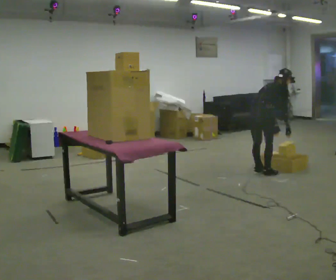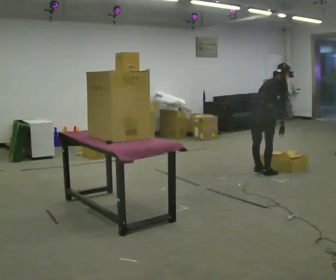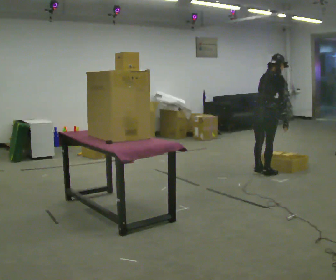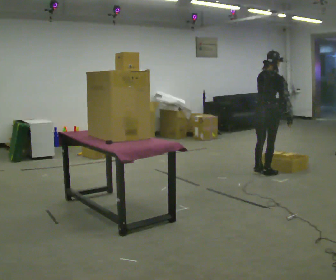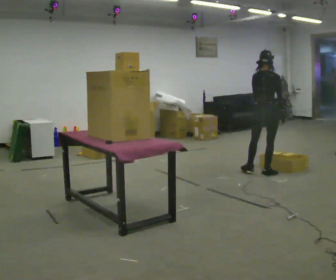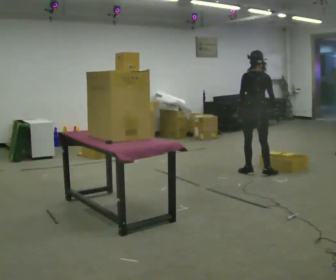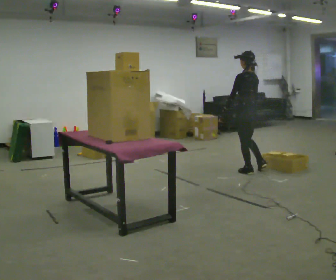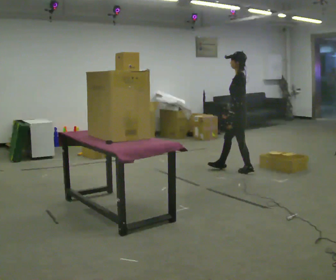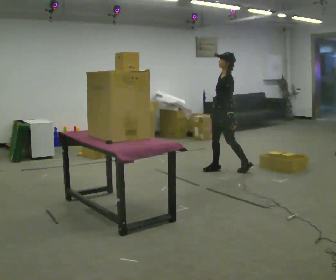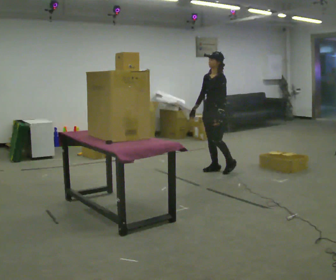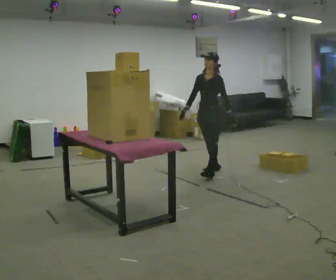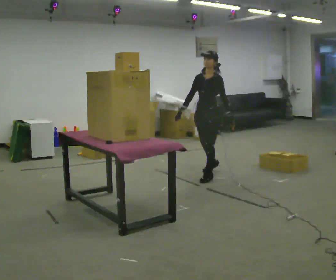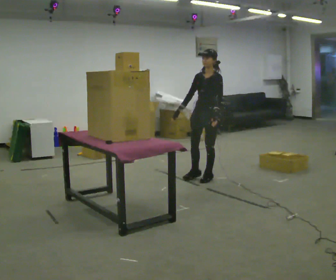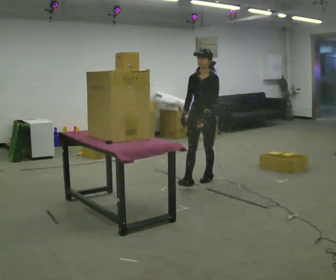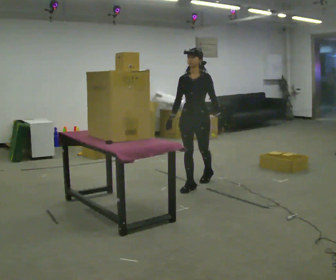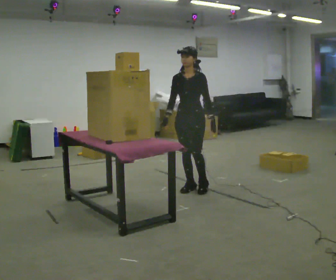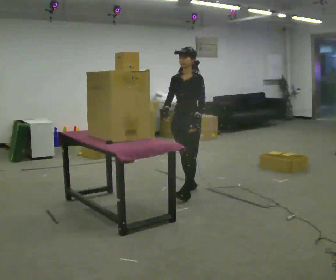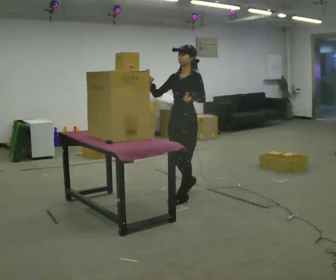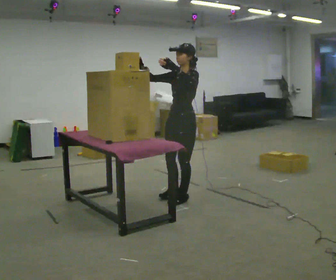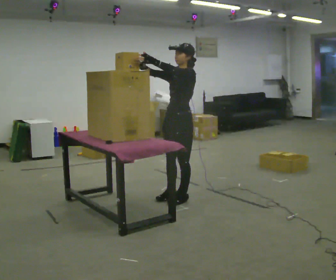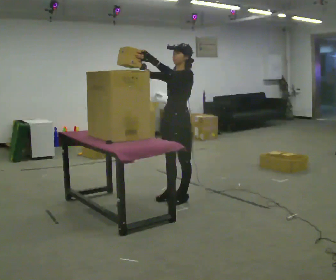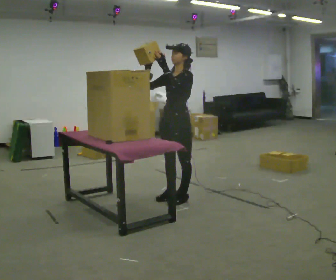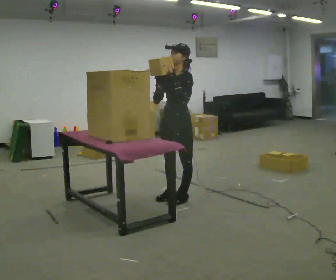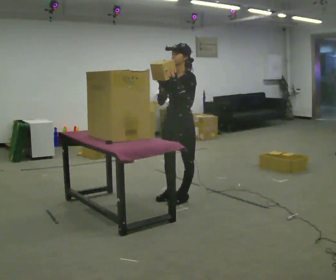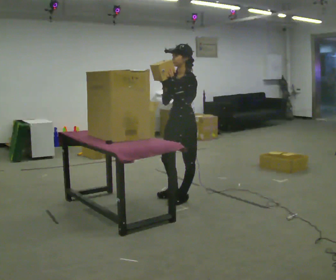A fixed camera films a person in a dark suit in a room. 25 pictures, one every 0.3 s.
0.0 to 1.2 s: The person turns about 30 degrees to their left, counterclockwise seen from above, so the part of the body nearest the lens slides to the right. The shoulders move upward. In the picture the upper body tilts counterclockwise, shoulders to the left, as they lean back or straighten.
1.2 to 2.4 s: The part of the body nearest the lens slides to the right as the person turns to their left by about 135 degrees. In the picture they go to the left, about 0.5 m in 1 step.
2.4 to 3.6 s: The person turns about 45 degrees to their left, counterclockwise seen from above, so the part of the body nearest the lens slides to the right. In the picture they go toward the camera and to the left, about 0.5 m in 1 step, which for them is forward.
3.6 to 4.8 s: In the picture they go toward the camera, about 0.5 m in 2 steps, which for them is forward.
4.8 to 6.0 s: In the picture they go toward the camera, about 0.25 m in 1 step, which for them is forward and to their left. In the picture their left hand goes upward.
6.0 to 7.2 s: The person moves a little, or ends about where they began.
The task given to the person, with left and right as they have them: Take an object from the lowest shelf, carry it across the room, and place it on the highest shelf you can comfortably reach. Keep going until the operator says stop; one object at a time, and do not rush between trips.
The film runs forward here.
